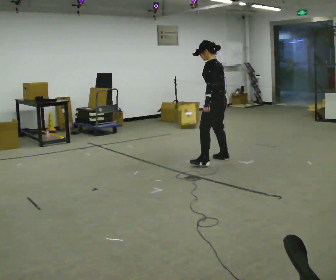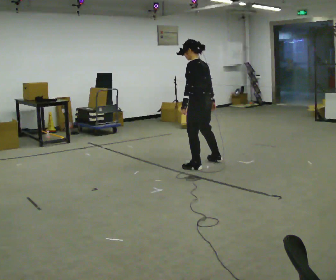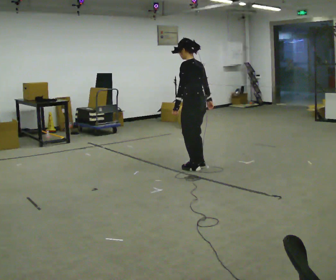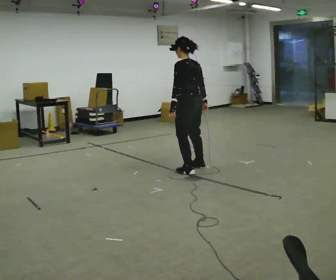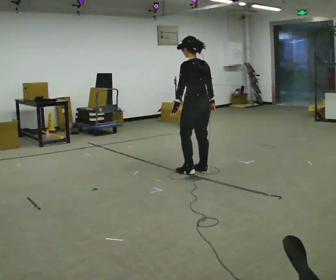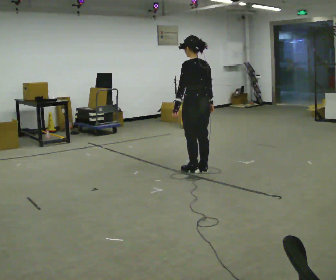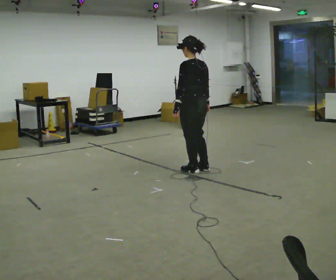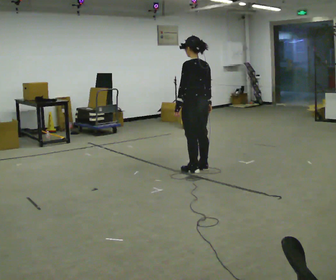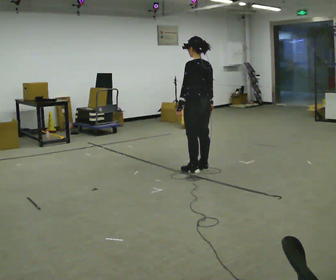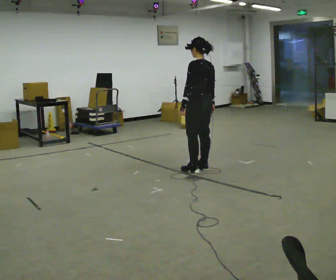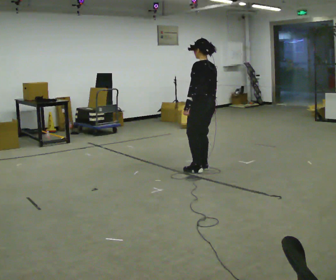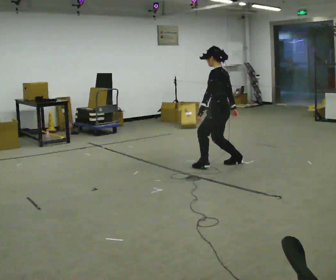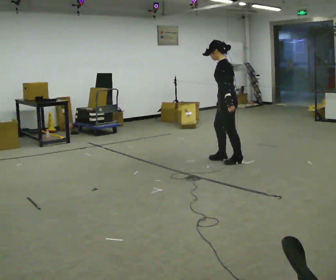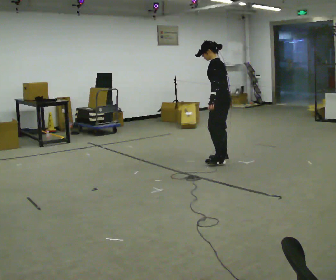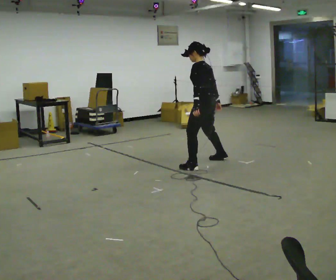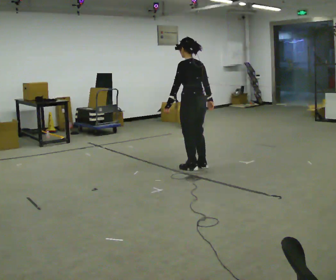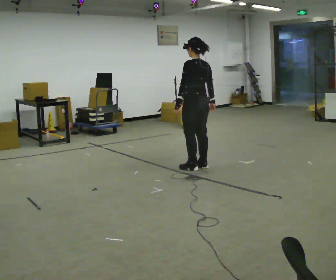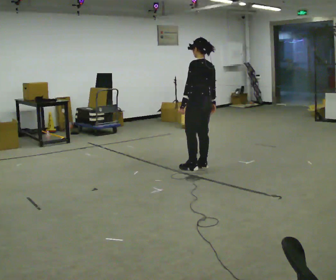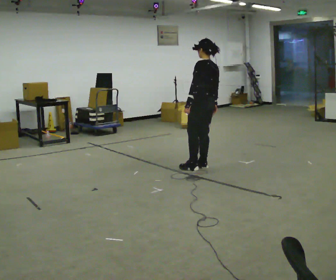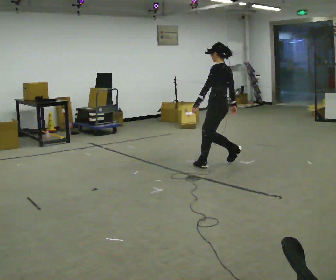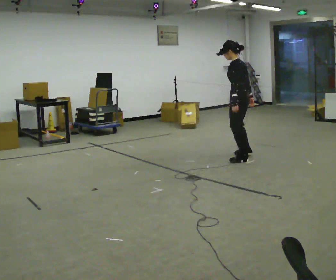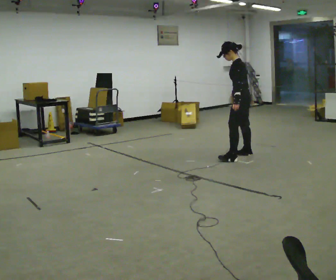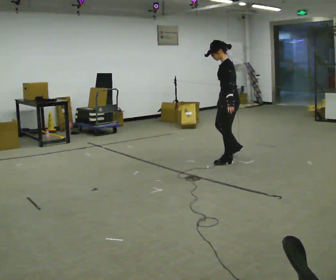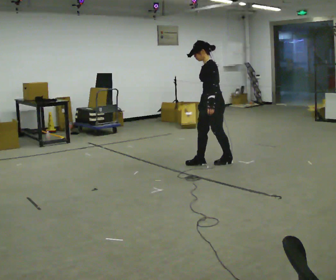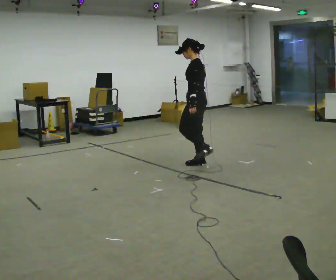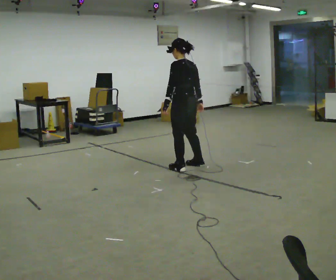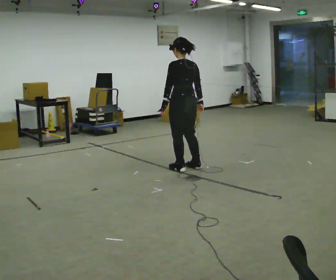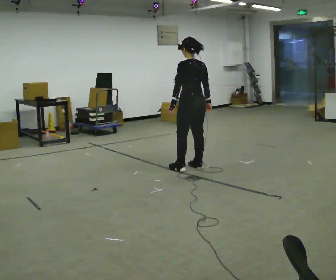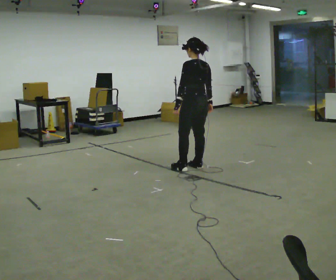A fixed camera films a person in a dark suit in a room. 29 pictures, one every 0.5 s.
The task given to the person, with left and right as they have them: Stand on the marked spots. Lean to the side the operator calls until you cannot hold it, then step to catch yourself. Return to the spots. Repeat at your own pace until the operator says stop. Go slowly and only as far as you are comfortable. Step whenever you need to; do not try to hold on longer than feels safe.
0.0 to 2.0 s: In the picture they go toward the camera and to the left, about 0.5 m in 4 steps, which for them is to their left.
2.0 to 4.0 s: The person moves a little, or ends about where they began.
4.0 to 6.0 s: The part of the body nearest the lens slides to the right as the person turns to their left by about 30 degrees. In the picture they go to the right and away from the camera, about 0.5 m in 1 step, which for them is to their right.
6.0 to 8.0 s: The person turns about 30 degrees to their right, clockwise seen from above, so the part of the body nearest the lens slides to the left. In the picture they go to the left and toward the camera, about 0.5 m in 3 steps, which for them is to their left and forward.
8.0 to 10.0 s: In the picture they go to the right and away from the camera, about 0.5 m in 1 step, which for them is to their right.
10.0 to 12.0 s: In the picture they go to the left and toward the camera, about 0.75 m in 3 steps, which for them is forward and to their left.
12.0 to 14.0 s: The part of the body nearest the lens slides to the left as the person turns to their right by about 45 degrees.
The film runs forward here.
